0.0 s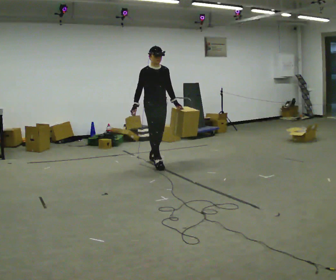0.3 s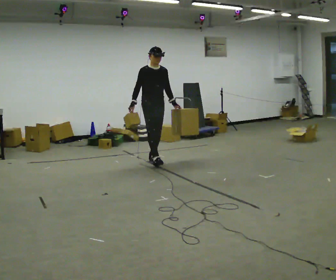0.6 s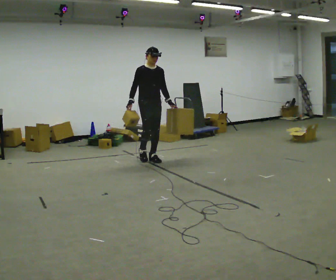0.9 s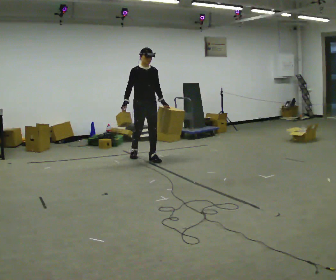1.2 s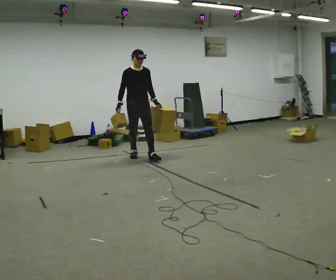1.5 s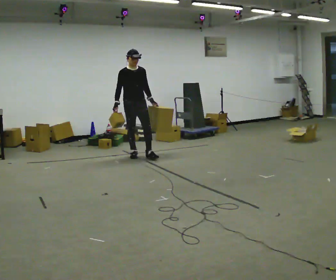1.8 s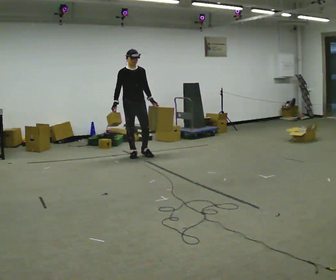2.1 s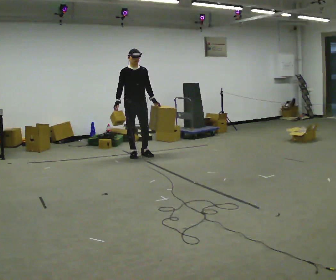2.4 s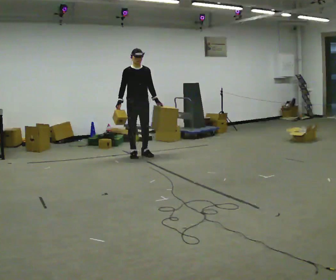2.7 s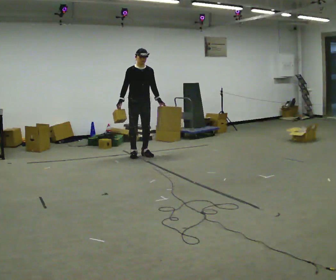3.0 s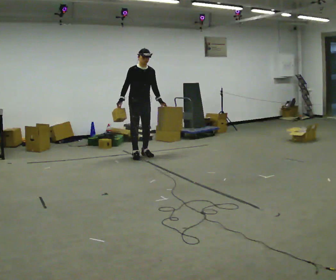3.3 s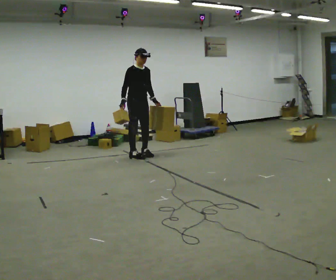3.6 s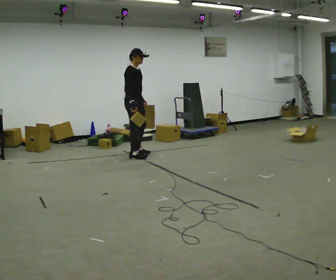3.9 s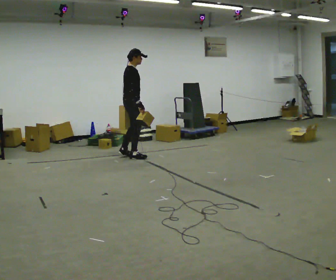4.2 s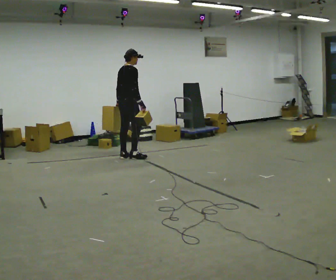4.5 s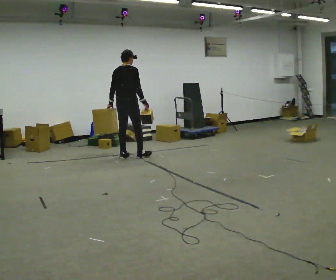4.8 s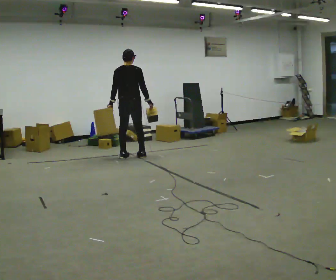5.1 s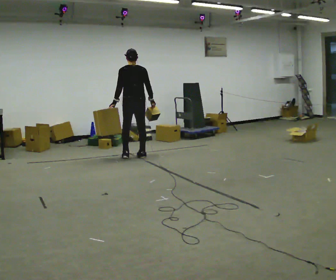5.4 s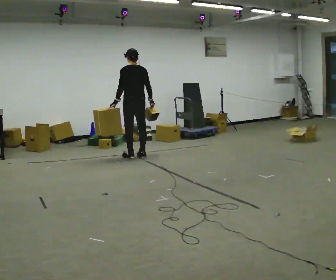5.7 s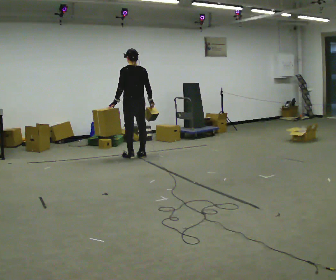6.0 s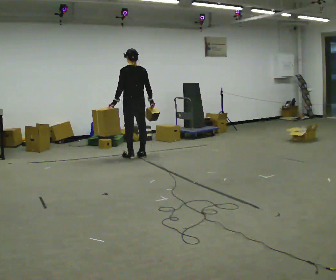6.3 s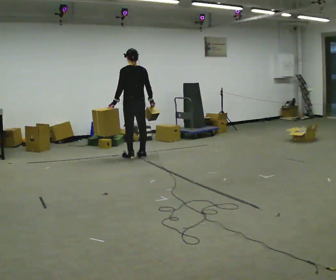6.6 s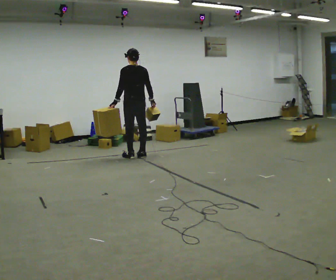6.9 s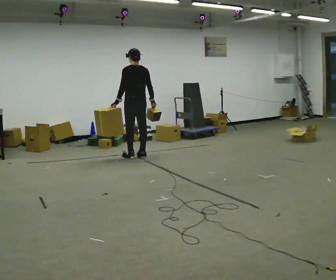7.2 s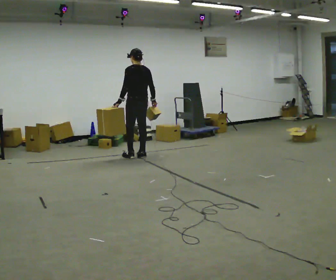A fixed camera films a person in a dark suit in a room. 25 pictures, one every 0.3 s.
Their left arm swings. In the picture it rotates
clockwise.
The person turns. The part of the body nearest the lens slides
to the right.
0.0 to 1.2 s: In the picture they go away from the camera and to the left, about 0.5 m in 1 step, which for them is backward.
1.2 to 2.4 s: In the picture they go away from the camera, about 0.25 m in 1 step, which for them is backward.
2.4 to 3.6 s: The part of the body nearest the lens slides to the right as the person turns to their left by about 60 degrees.
3.6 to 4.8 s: Seen from above the body turns counterclockwise, about 90 degrees: to their left, with its near side sliding to the right. In the picture their left hand goes to the left, the arm swinging clockwise.
4.8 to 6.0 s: Seen from above the body turns counterclockwise, about 30 degrees: to their left, with its near side sliding to the right.
6.0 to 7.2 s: The person moves a little, or ends about where they began.
The film runs backward here.
